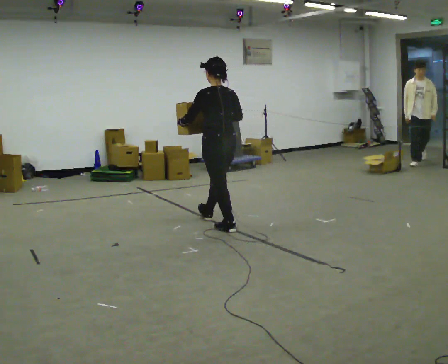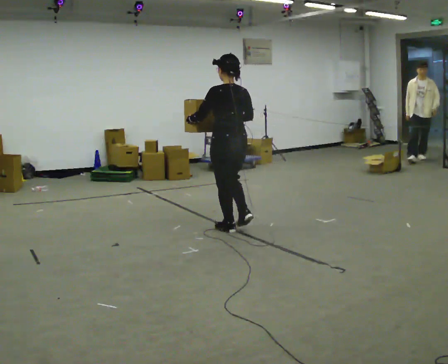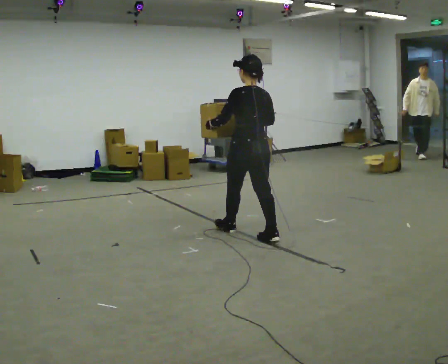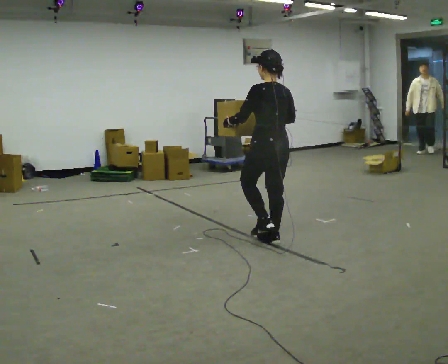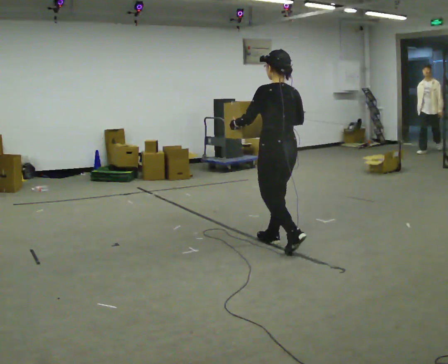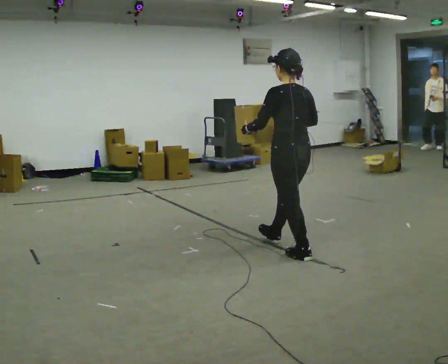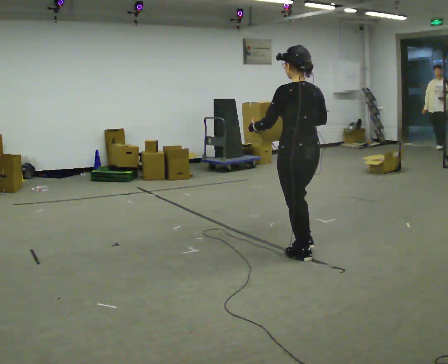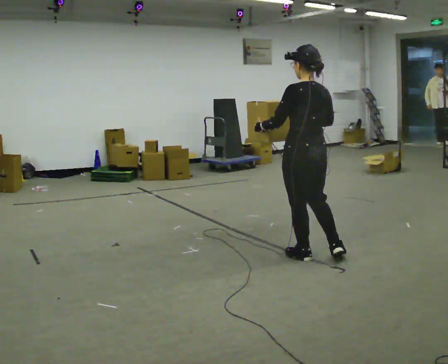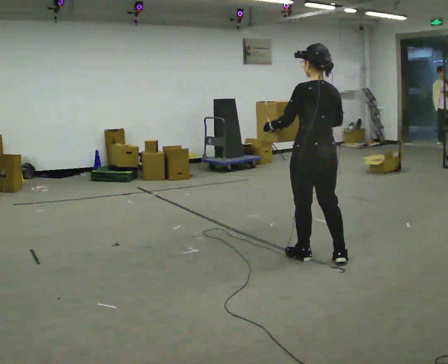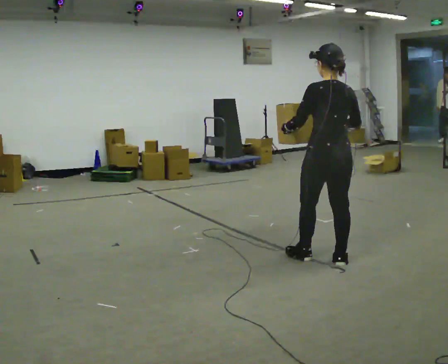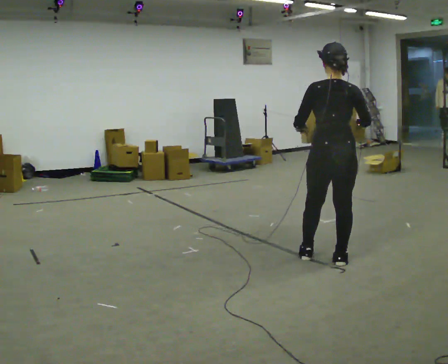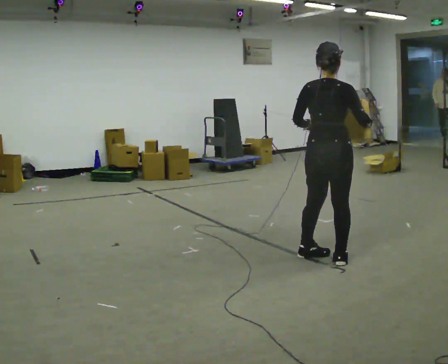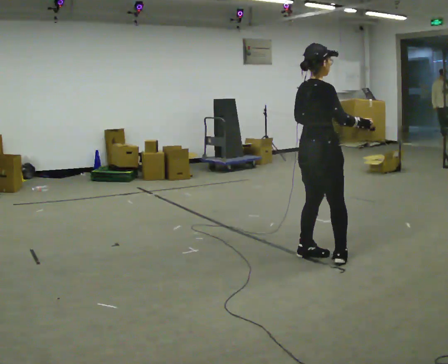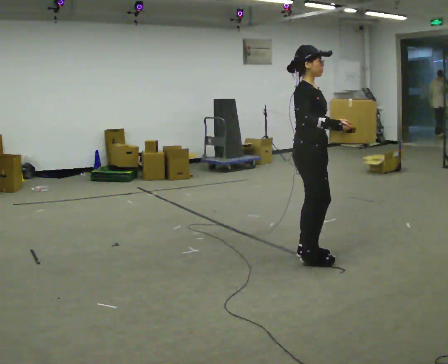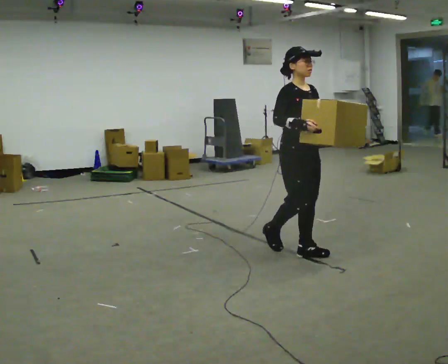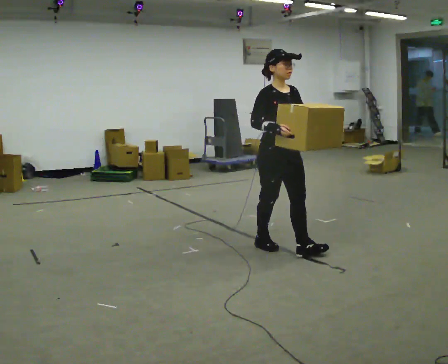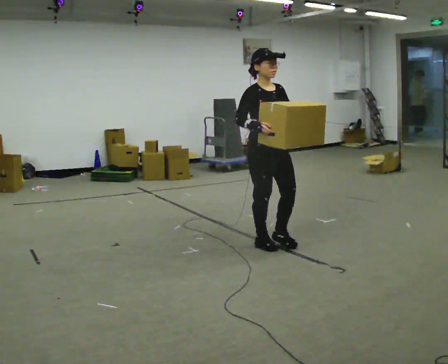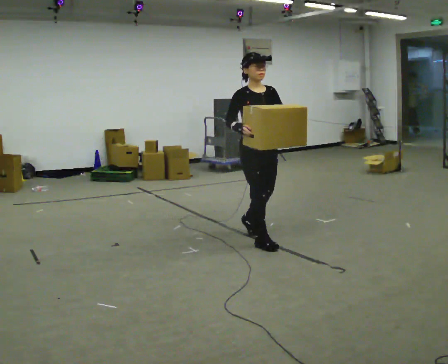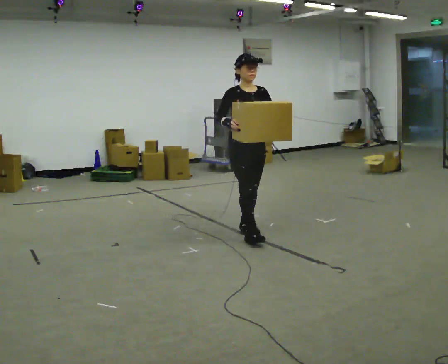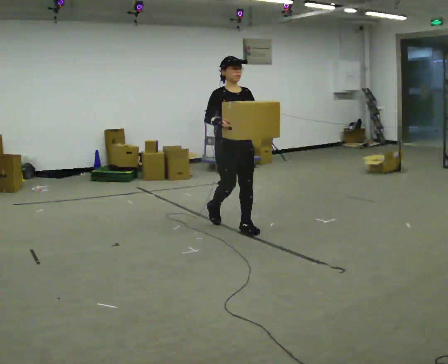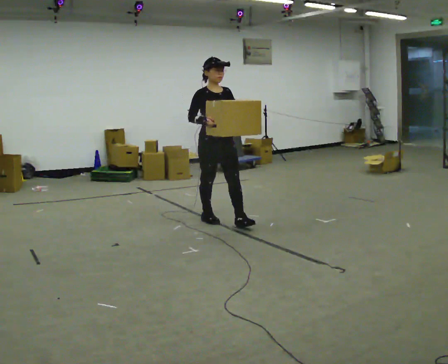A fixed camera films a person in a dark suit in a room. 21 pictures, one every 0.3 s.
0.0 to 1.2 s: In the picture they go to the right and toward the camera, about 1 m in 1 step, which for them is backward.
1.2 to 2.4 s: In the picture they go toward the camera and to the right, about 0.5 m in 1 step, which for them is backward.
2.4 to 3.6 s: Seen from above the body turns clockwise, about 90 degrees: to their right, with its near side sliding to the left. In the picture their right hand goes to the right.
3.6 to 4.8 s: Seen from above the body turns clockwise, about 75 degrees: to their right, with its near side sliding to the left. In the picture they go to the left and away from the camera, about 0.5 m in 2 steps.
4.8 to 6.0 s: In the picture they go away from the camera and to the left, about 1 m in 2 steps, which for them is backward.
The film runs backward here.
